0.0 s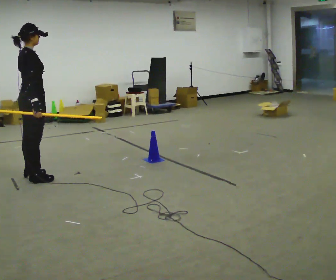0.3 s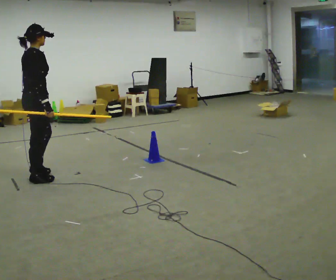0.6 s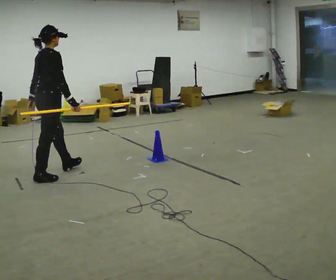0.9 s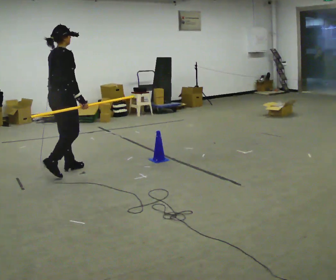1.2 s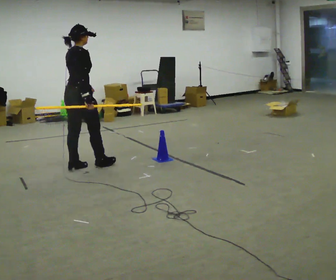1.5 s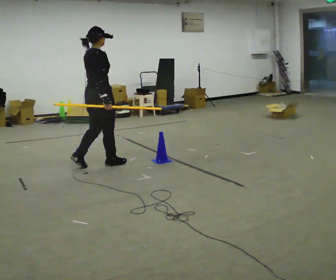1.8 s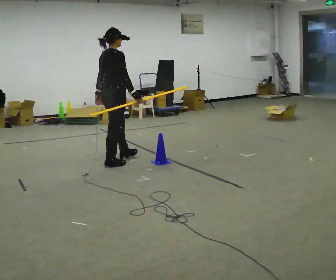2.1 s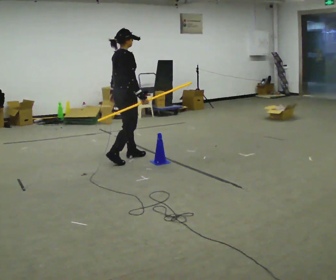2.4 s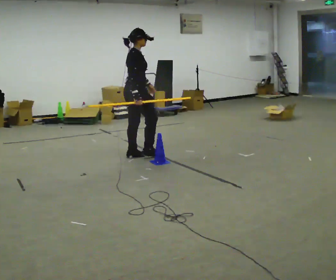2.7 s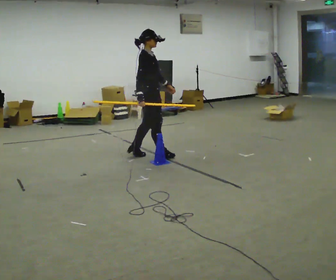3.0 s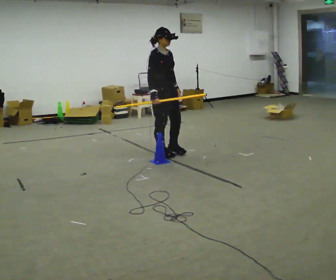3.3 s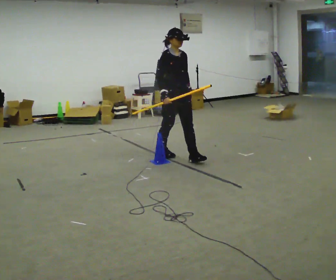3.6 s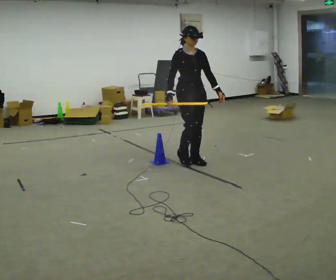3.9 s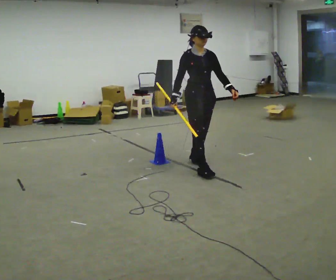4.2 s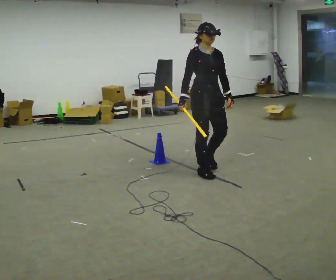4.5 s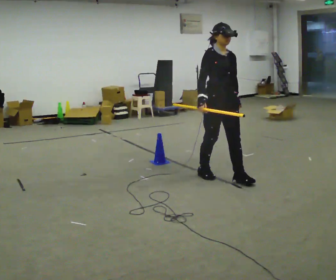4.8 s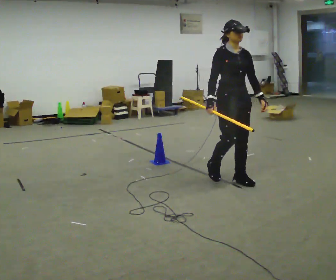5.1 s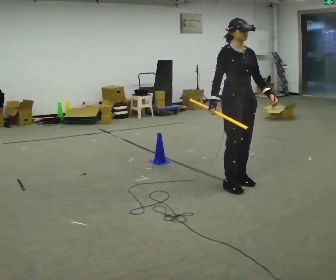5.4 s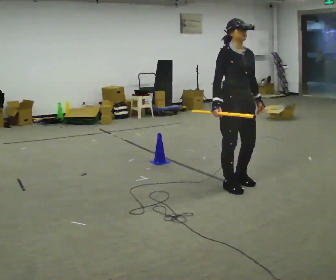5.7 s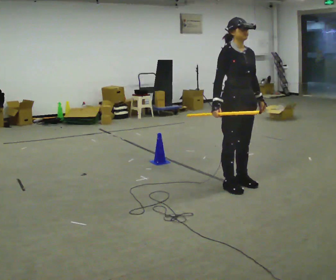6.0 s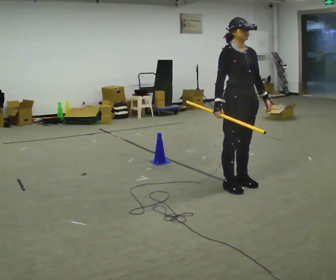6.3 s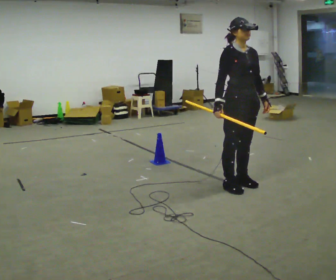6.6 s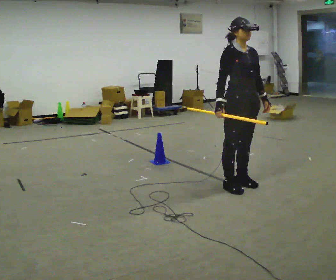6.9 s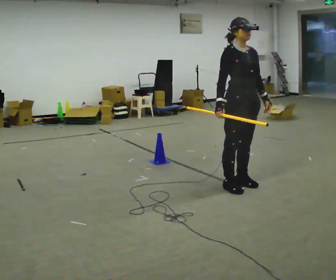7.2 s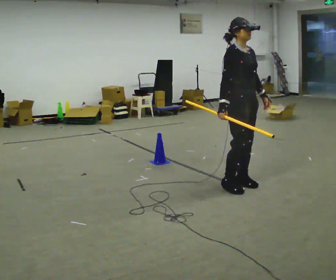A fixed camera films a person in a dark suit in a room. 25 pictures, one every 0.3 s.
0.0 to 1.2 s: In the picture they go away from the camera and to the right, about 0.5 m in 1 step, which for them is forward.
1.2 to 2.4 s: The person turns about 30 degrees to their right, clockwise seen from above, so the part of the body nearest the lens slides to the left. In the picture they go away from the camera and to the right, about 1 m in 2 steps, which for them is forward.
2.4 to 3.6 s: The person turns about 75 degrees to their right, clockwise seen from above, so the part of the body nearest the lens slides to the left. In the picture they go to the right, about 0.5 m in 2 steps.
3.6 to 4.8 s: In the picture they go toward the camera and to the right, about 1 m in 2 steps, which for them is forward.
4.8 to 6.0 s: In the picture they go toward the camera, about 0.25 m in 1 step, which for them is forward.
6.0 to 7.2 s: The person moves a little, or ends about where they began.
The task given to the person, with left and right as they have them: Carry the long object across the room and around the corner, turning without hitting anything. Keep going until the operator says stop; one object at a time, and do not rush between trips.
The film runs forward here.
